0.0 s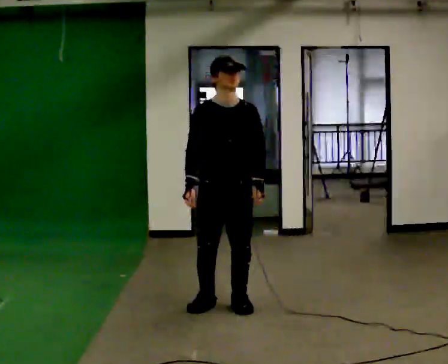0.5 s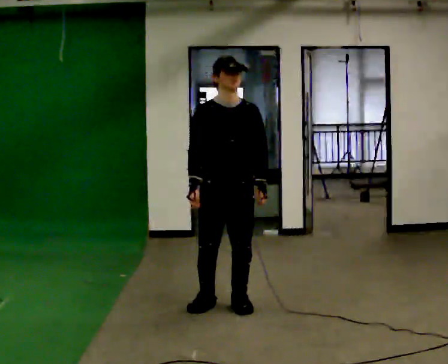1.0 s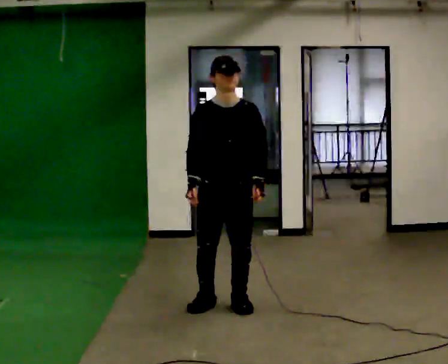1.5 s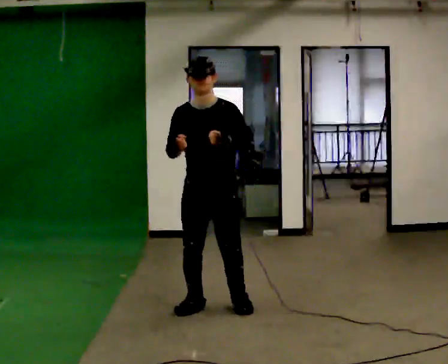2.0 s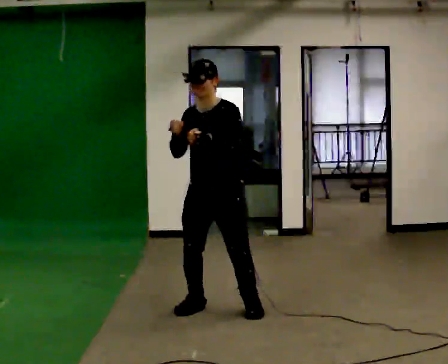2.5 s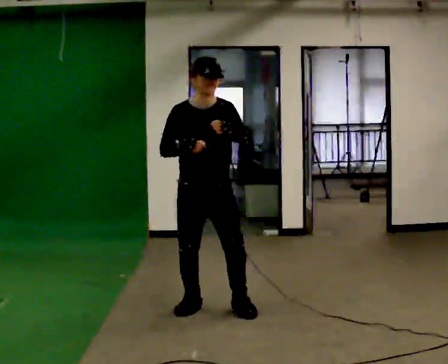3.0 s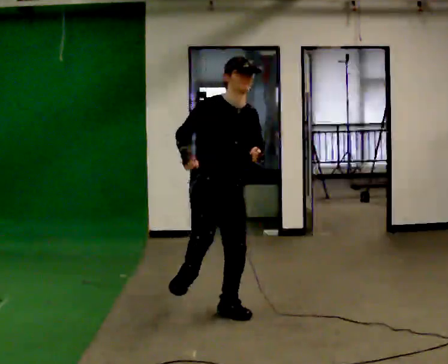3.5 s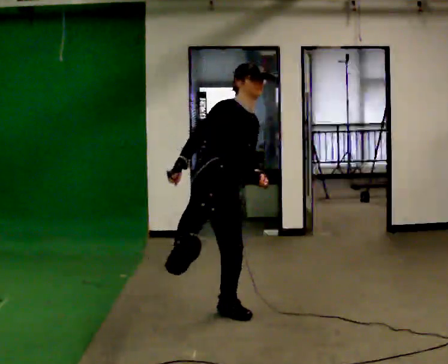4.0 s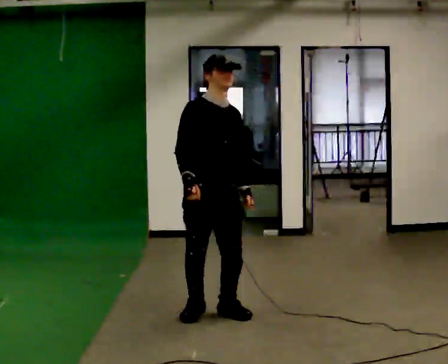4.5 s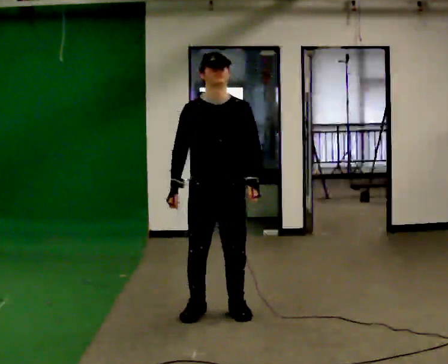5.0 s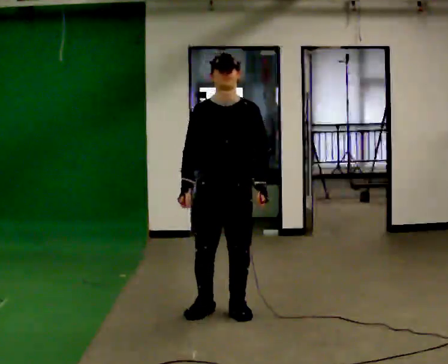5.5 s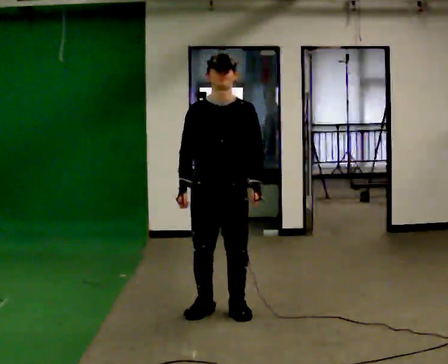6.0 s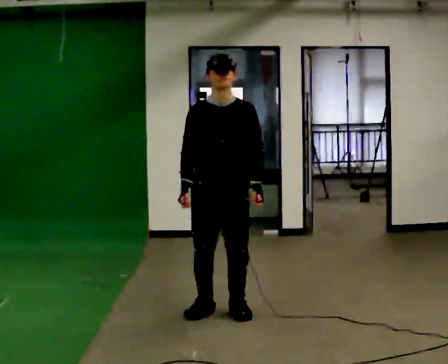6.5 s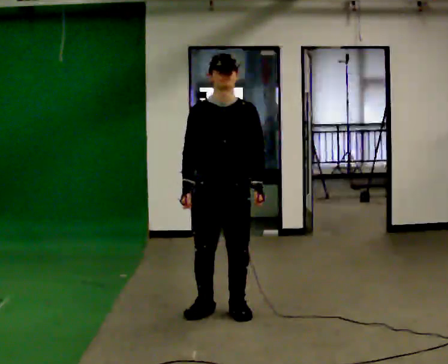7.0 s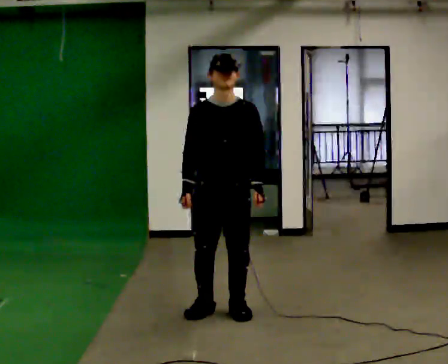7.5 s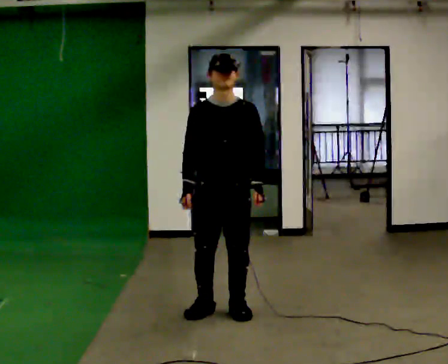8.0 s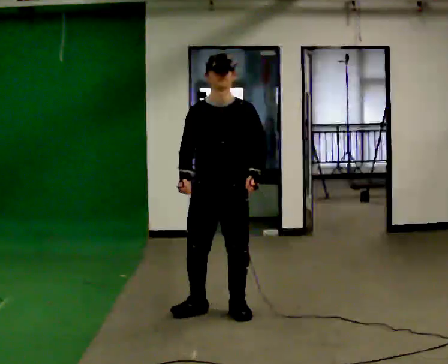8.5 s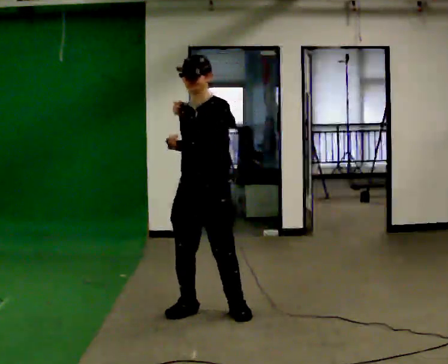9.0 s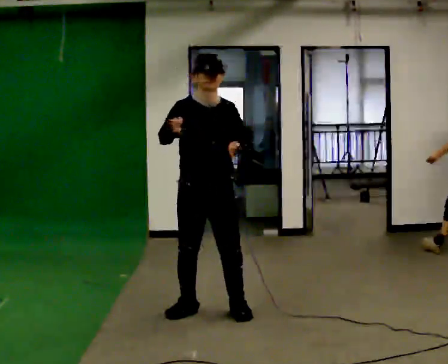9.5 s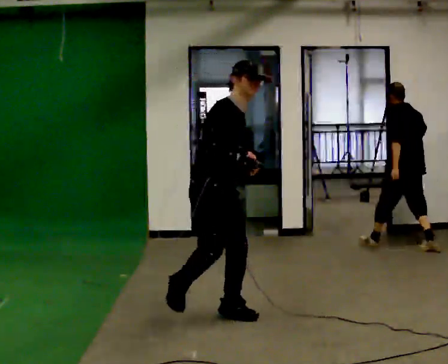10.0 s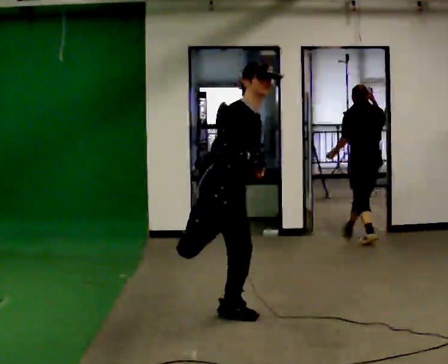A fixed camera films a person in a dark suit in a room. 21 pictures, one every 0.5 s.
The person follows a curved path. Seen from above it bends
counterclockwise.
0.0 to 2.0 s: The part of the body nearest the lens slides to the left as the person turns to their right by about 30 degrees. In the picture their left hand goes upward.
2.0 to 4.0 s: Seen from above the body turns counterclockwise, about 45 degrees: to their left, with its near side sliding to the right. In the picture they go toward the camera, about 0.25 m in 1 step. In the picture their left hand goes downward.
4.0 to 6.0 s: The person turns about 30 degrees to their right, clockwise seen from above, so the part of the body nearest the lens slides to the left.
6.0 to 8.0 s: The person moves a little, or ends about where they began.
8.0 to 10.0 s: The person turns about 60 degrees to their left, counterclockwise seen from above, so the part of the body nearest the lens slides to the right. In the picture their right hand goes to the right.
The film runs forward here.
